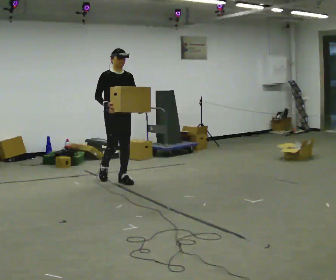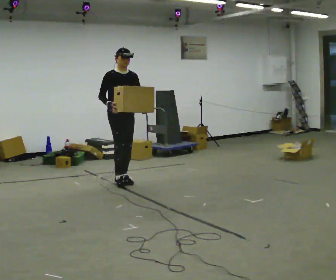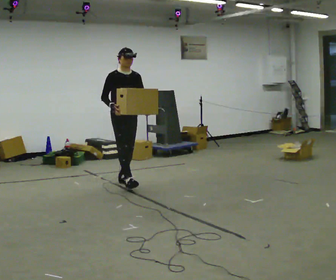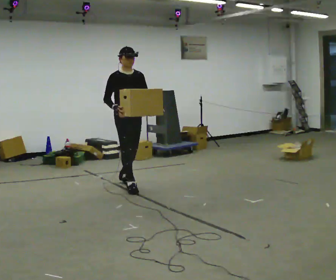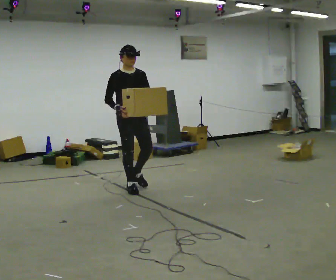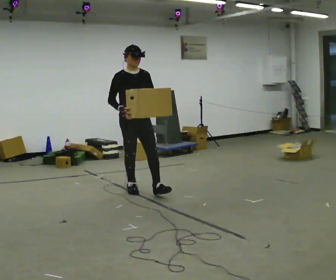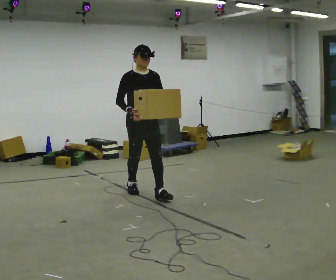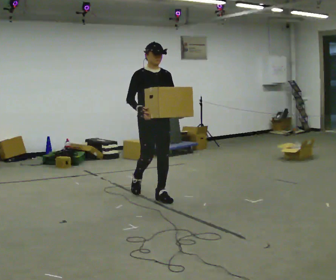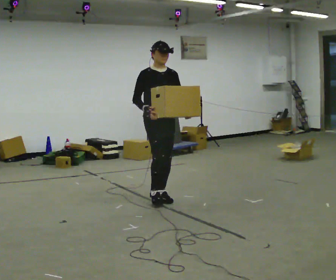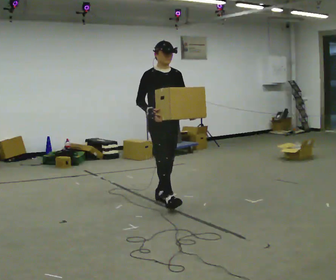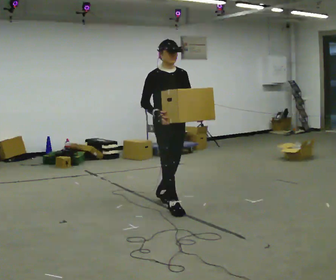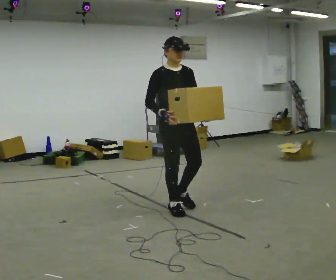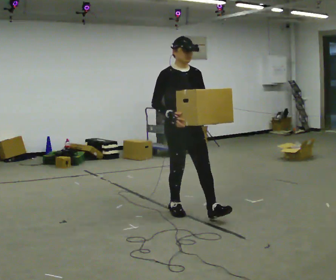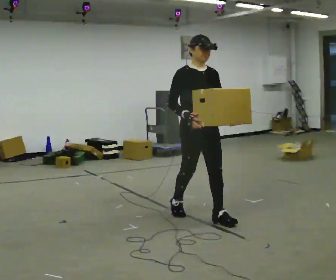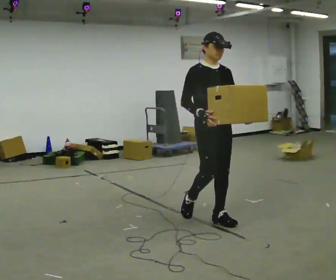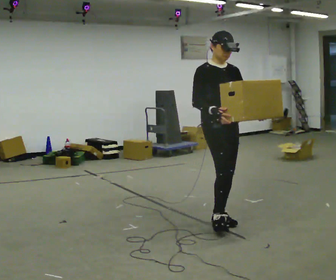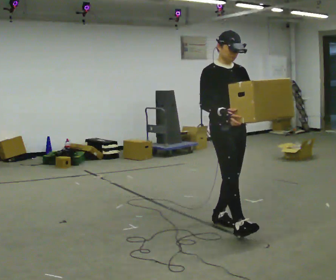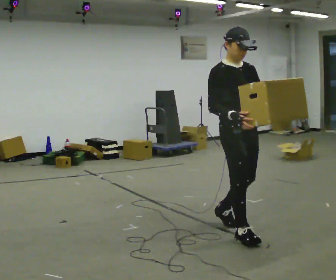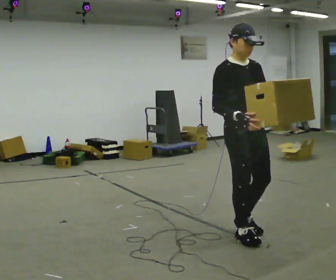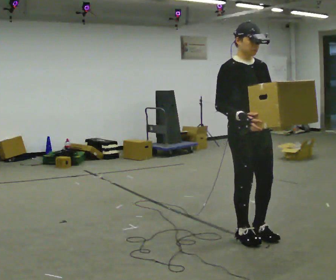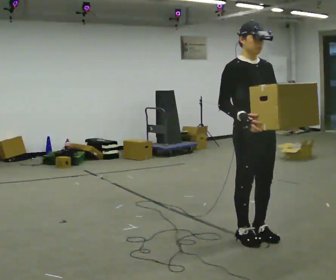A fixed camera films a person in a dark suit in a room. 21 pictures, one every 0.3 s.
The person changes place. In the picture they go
toward the camera.
0.0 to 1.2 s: In the picture they go toward the camera and to the right, about 0.5 m in 1 step, which for them is forward.
1.2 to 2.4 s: In the picture they go toward the camera and to the right, about 0.5 m in 1 step, which for them is forward.
2.4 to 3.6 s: In the picture they go toward the camera and to the right, about 0.5 m in 2 steps, which for them is forward.
3.6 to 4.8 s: In the picture they go toward the camera and to the right, about 0.75 m in 1 step, which for them is forward.
4.8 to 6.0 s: In the picture they go toward the camera, about 0.25 m in 1 step, which for them is forward.
The film runs forward here.
